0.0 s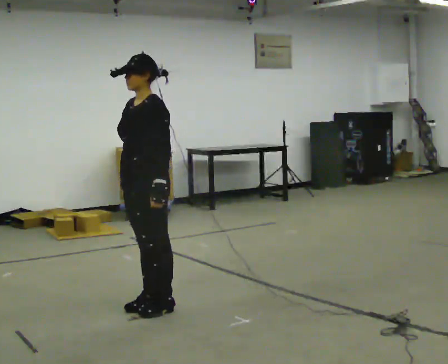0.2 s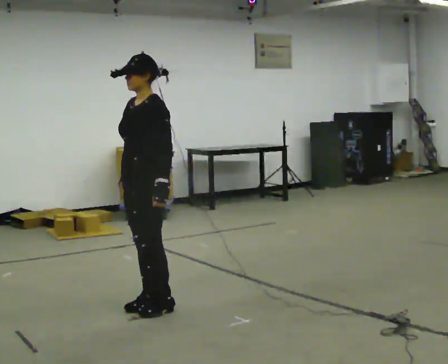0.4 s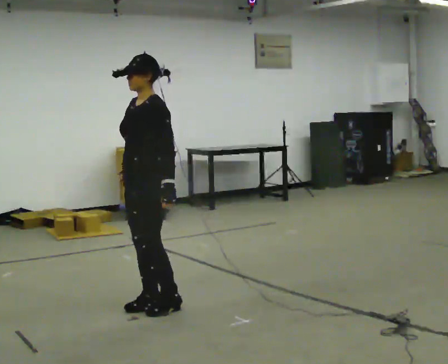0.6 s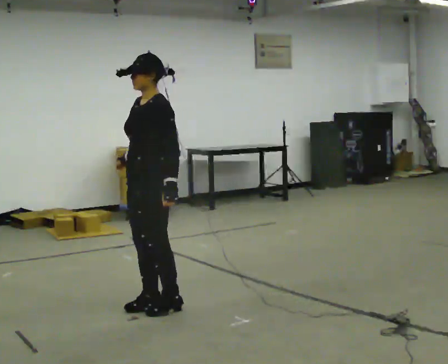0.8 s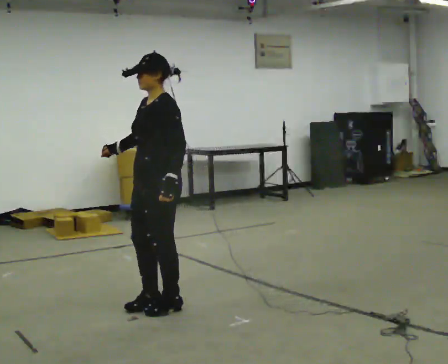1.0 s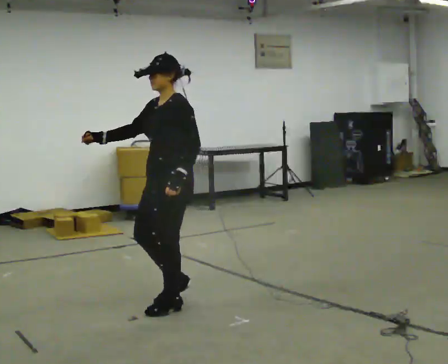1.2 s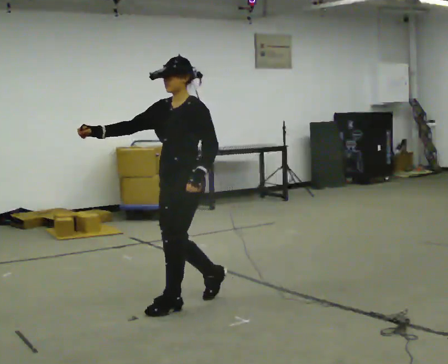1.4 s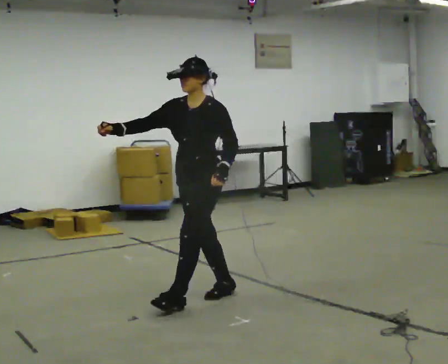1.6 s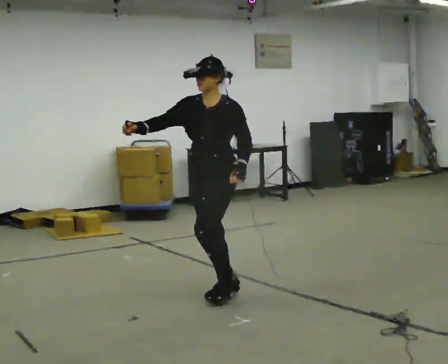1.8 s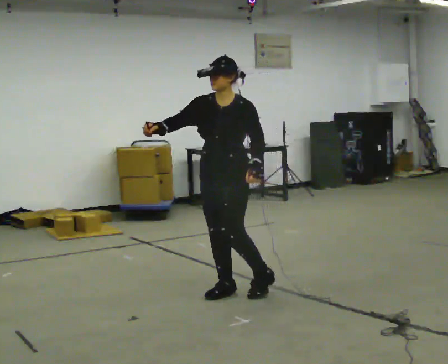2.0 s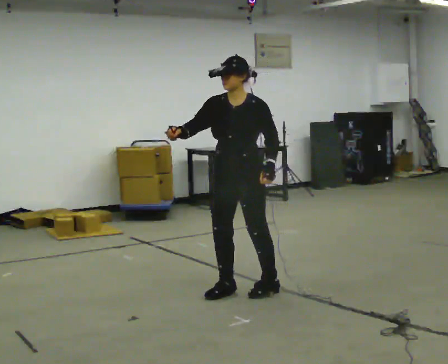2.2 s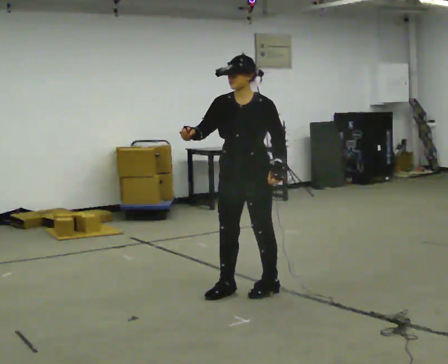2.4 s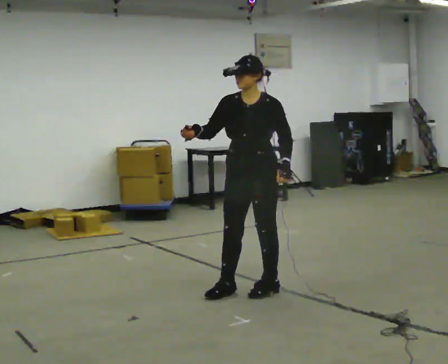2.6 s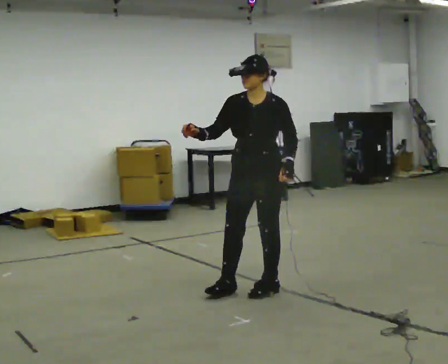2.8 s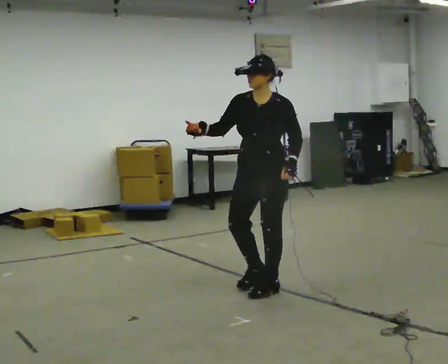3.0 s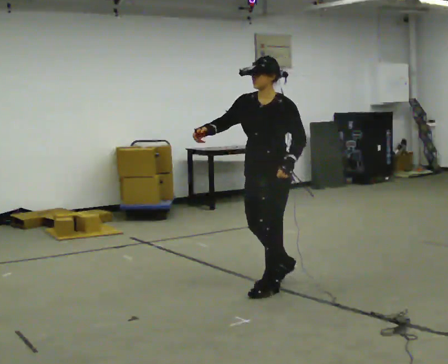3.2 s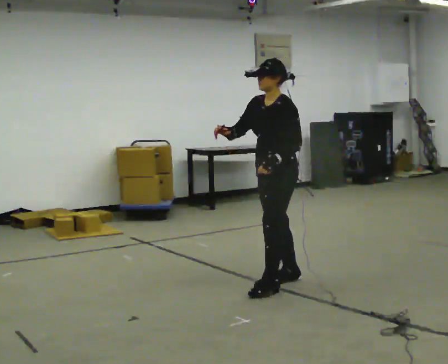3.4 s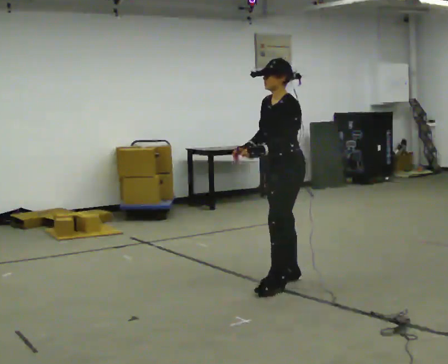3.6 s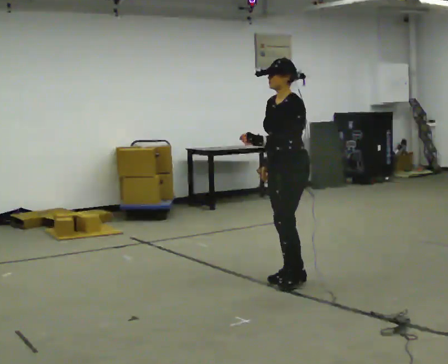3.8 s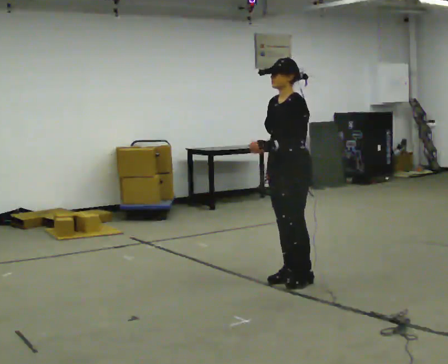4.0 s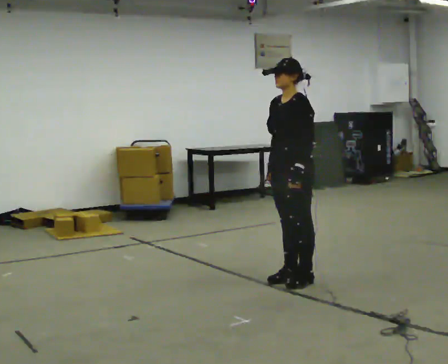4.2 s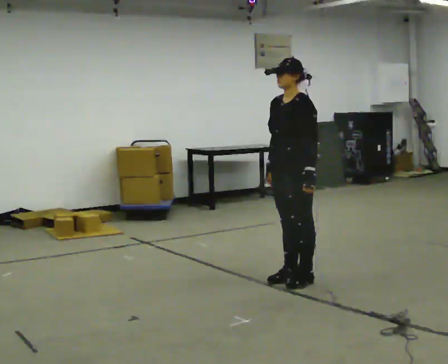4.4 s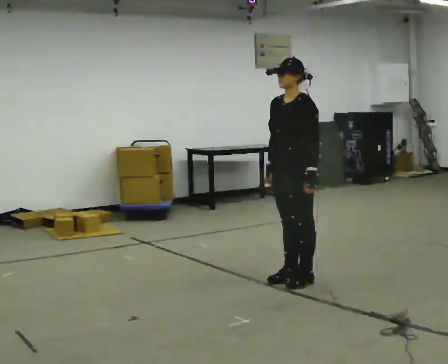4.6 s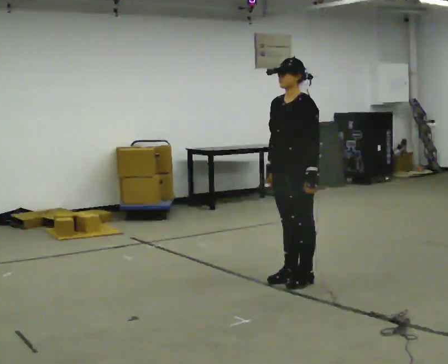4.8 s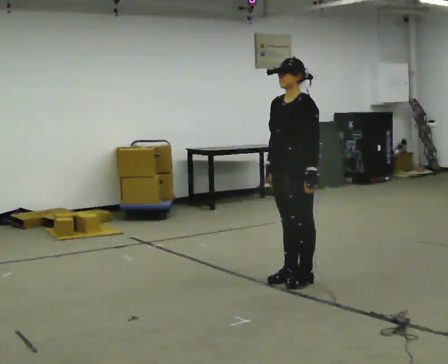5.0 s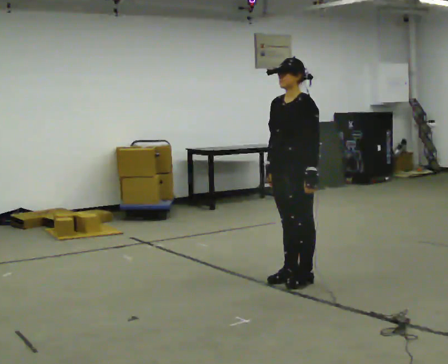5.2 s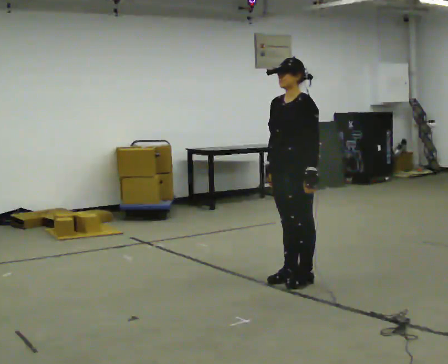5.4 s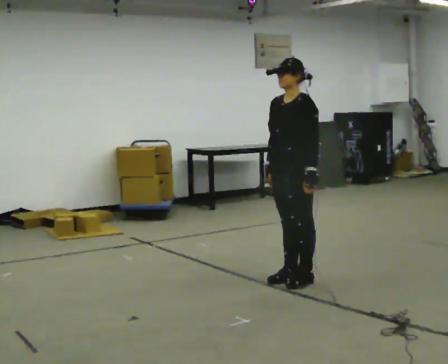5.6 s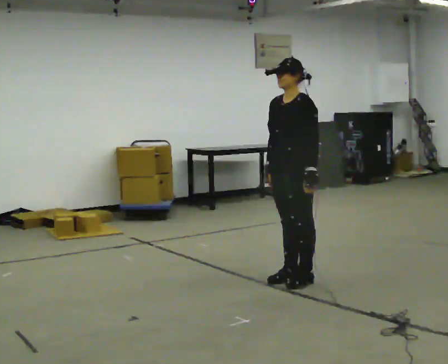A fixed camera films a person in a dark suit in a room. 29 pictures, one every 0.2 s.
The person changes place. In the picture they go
to the right.
0.0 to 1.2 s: In the picture they go to the right, about 0.25 m in 1 step, which for them is backward.
1.2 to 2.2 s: The part of the body nearest the lens slides to the right as the person turns to their left by about 30 degrees. In the picture they go to the right and away from the camera, about 0.5 m in 1 step, which for them is backward and to their left.
2.2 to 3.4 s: The part of the body nearest the lens slides to the left as the person turns to their right by about 45 degrees. In the picture they go to the right and away from the camera, about 0.25 m in 2 steps, which for them is backward.
3.4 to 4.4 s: In the picture their left hand goes to the right.
4.4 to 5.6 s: The person keeps their place and pose.
The film runs backward here.
